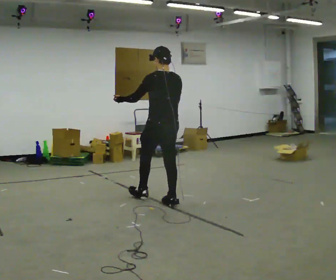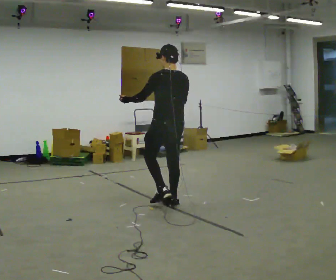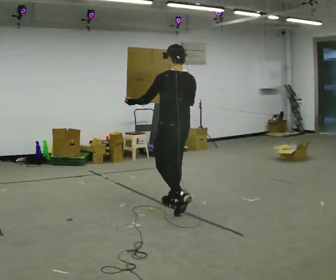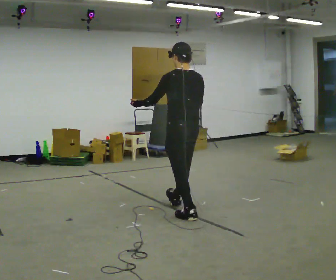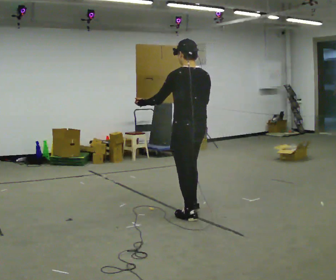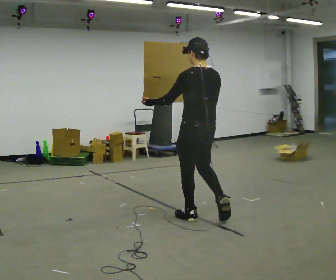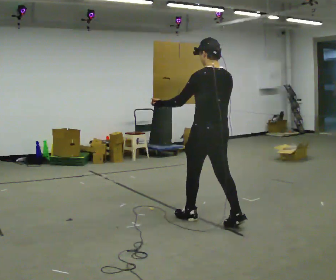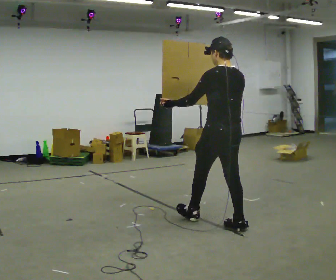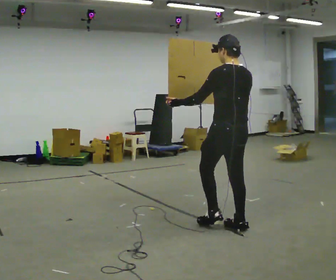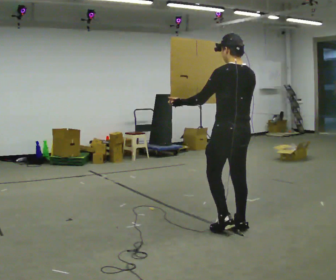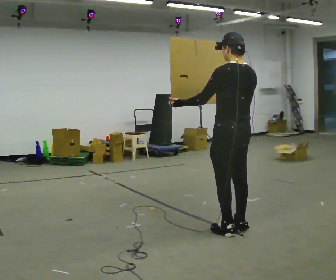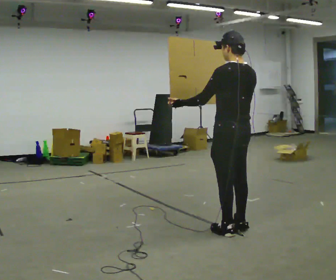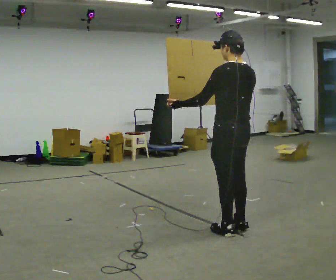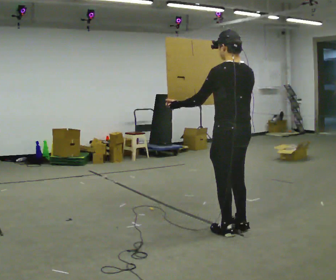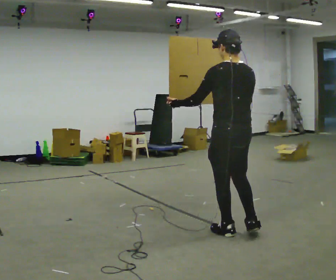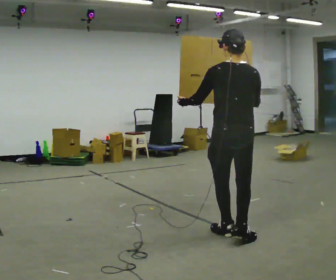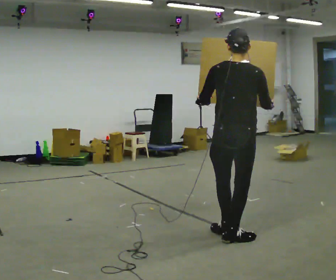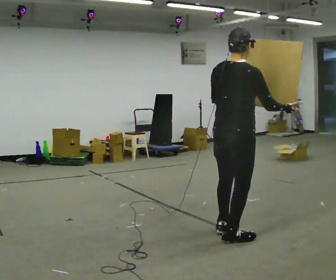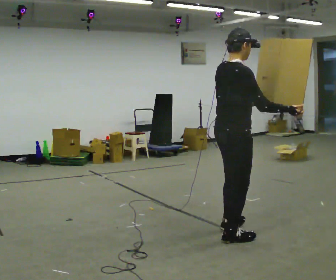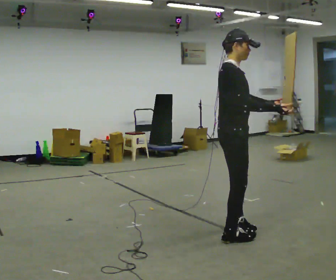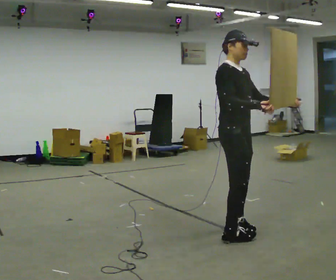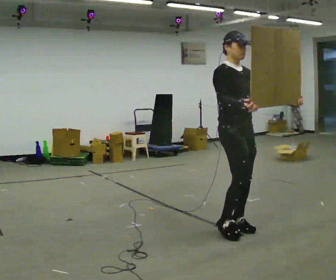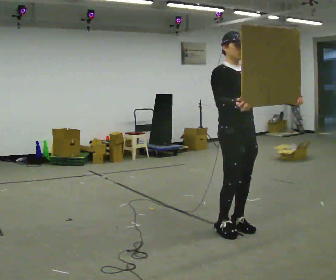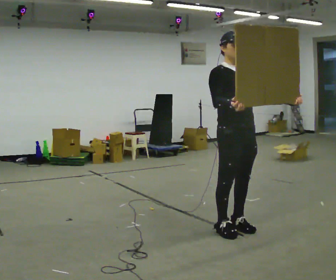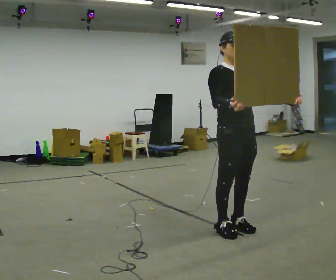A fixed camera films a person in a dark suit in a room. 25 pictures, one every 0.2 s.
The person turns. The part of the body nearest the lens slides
to the left.
The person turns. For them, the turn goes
to their right.
0.0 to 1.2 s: In the picture they go to the right and toward the camera, about 1 m in 1 step, which for them is backward.
1.2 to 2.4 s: In the picture they go to the right and toward the camera, about 0.25 m in 1 step, which for them is backward.
2.4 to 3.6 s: The part of the body nearest the lens slides to the left as the person turns to their right by about 105 degrees. In the picture they go toward the camera, about 0.25 m in 2 steps. In the picture their right hand goes to the right.
3.6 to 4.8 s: The person turns about 90 degrees to their right, clockwise seen from above, so the part of the body nearest the lens slides to the left. In the picture they go away from the camera, about 0.25 m in 1 step. In the picture their left hand goes to the right.
The film runs backward here.
